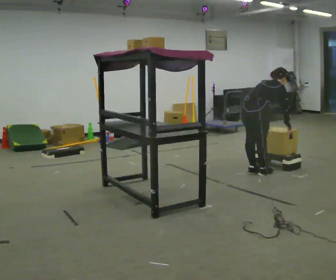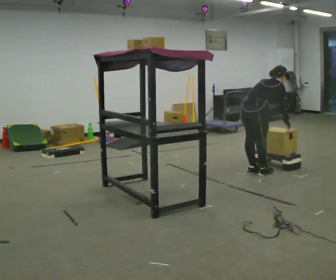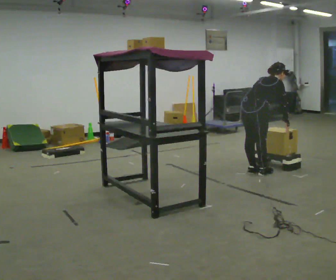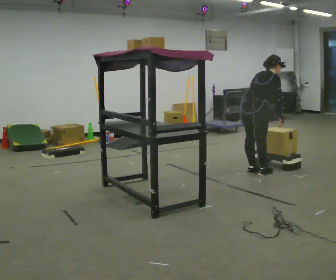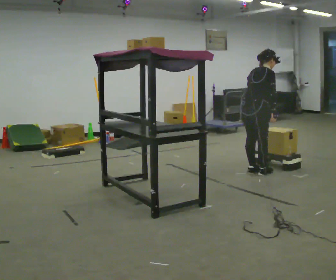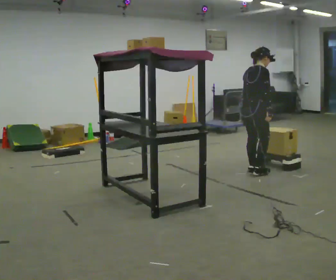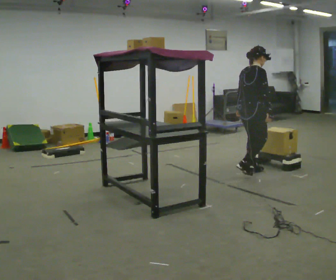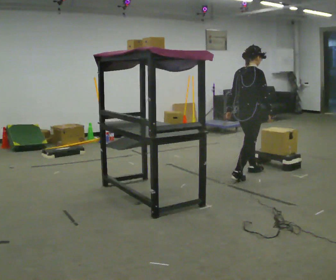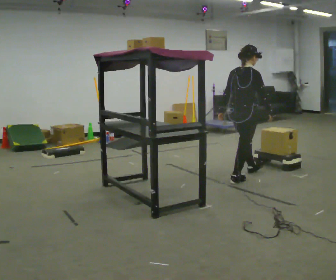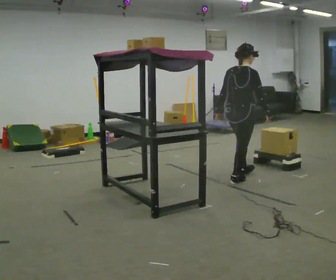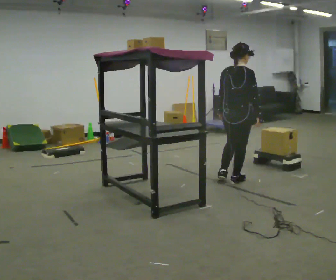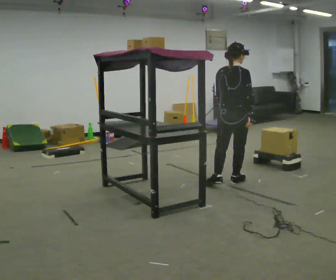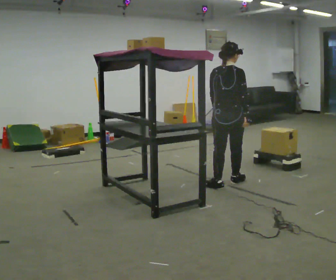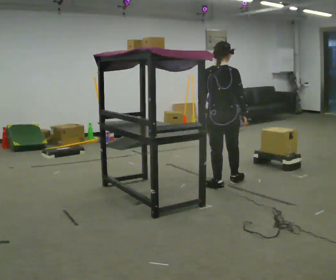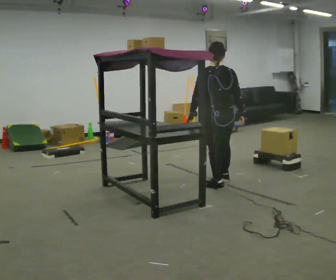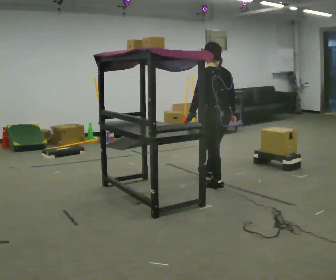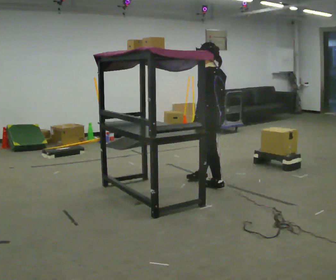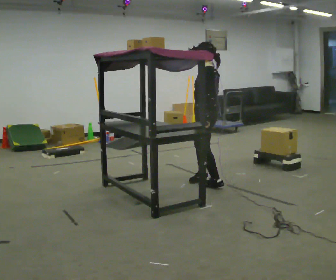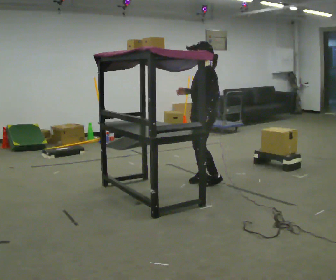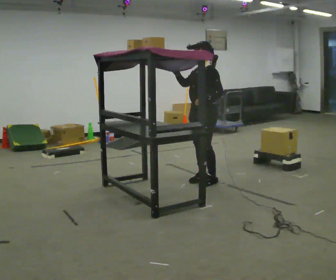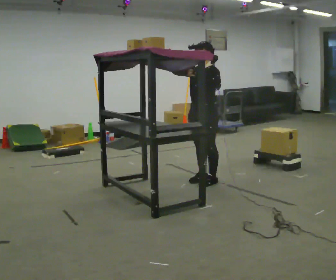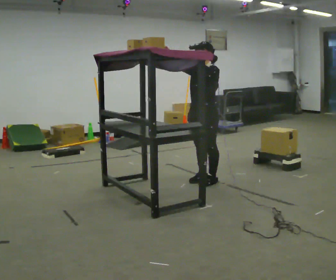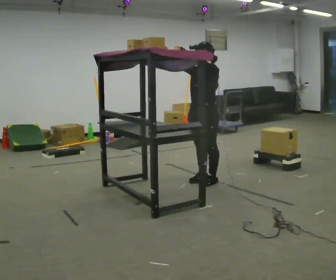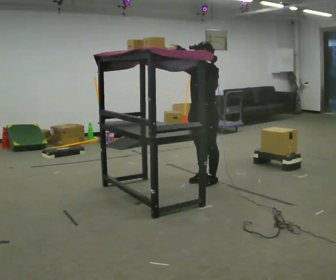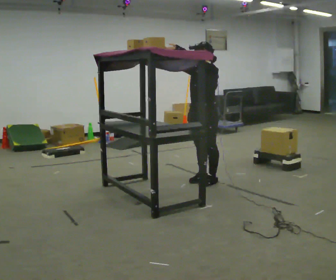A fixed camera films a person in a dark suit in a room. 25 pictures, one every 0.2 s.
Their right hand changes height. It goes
upward.
Their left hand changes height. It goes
upward.
0.0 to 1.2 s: The upper body goes upward. In the picture the upper body tilts counterclockwise, shoulders to the left, as they lean back or straighten. In the picture their right hand goes to the left.
1.2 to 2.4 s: The person turns about 45 degrees to their left, counterclockwise seen from above, so the part of the body nearest the lens slides to the right. In the picture they go toward the camera and to the left, about 0.5 m in 1 step, which for them is backward.
2.4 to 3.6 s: The part of the body nearest the lens slides to the right as the person turns to their left by about 120 degrees. In the picture they go to the left, about 0.25 m in 2 steps.
3.6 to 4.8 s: The person turns about 30 degrees to their left, counterclockwise seen from above, so the part of the body nearest the lens slides to the right. In the picture their left hand goes upward.
The film runs backward here.
